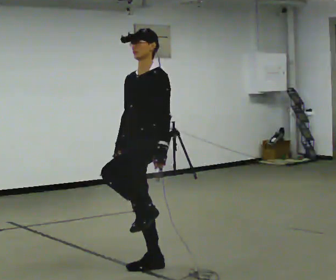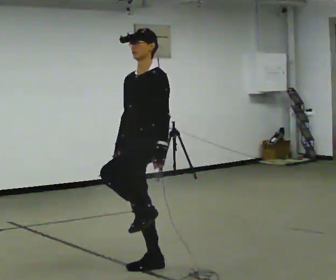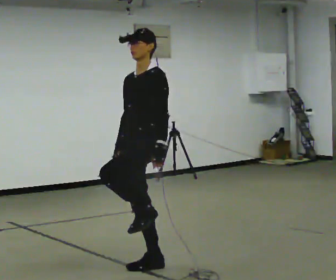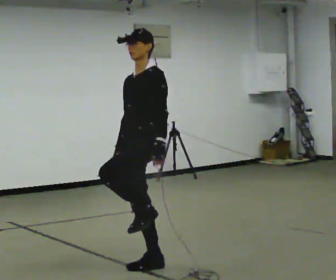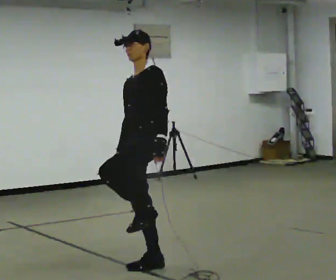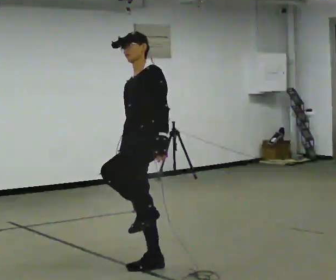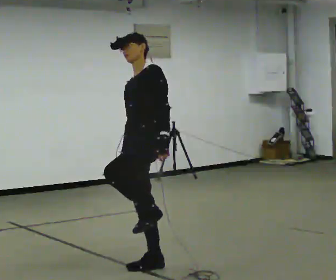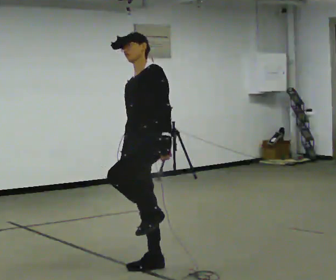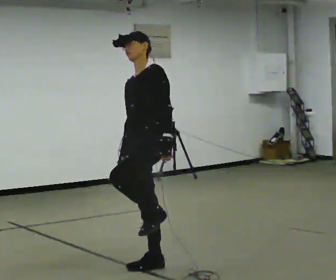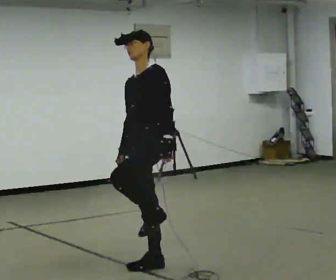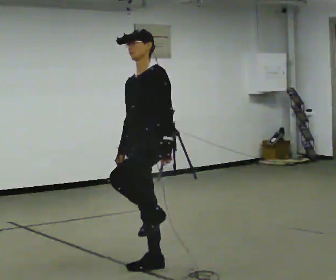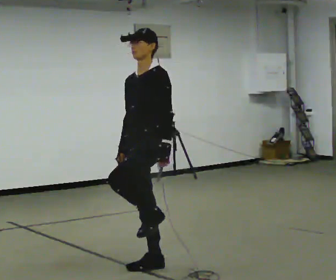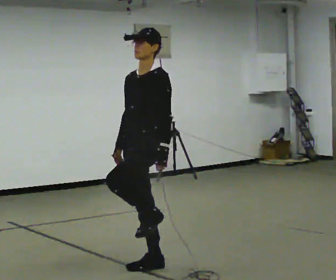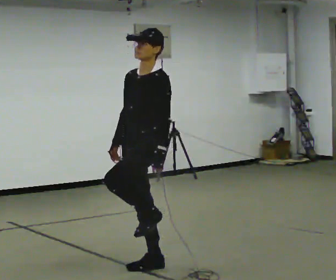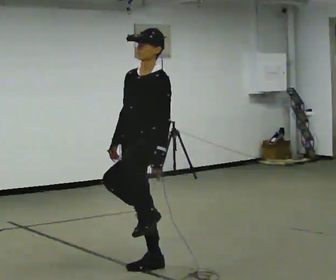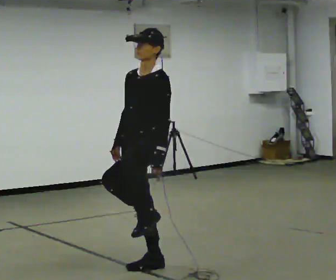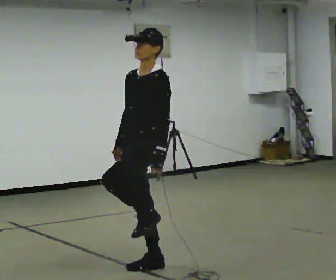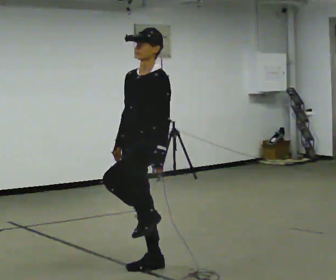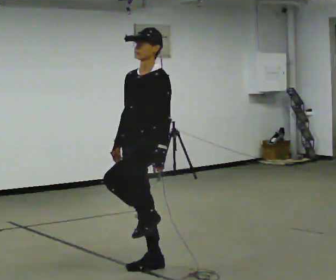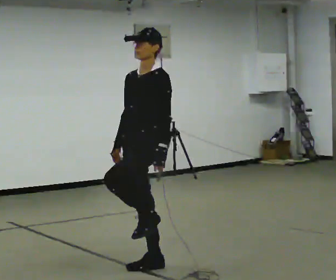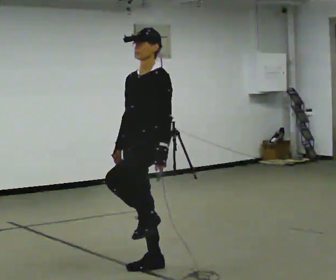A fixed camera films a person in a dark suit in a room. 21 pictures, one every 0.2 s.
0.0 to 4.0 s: The person moves a little, or ends about where they began.
The film runs forward here.
